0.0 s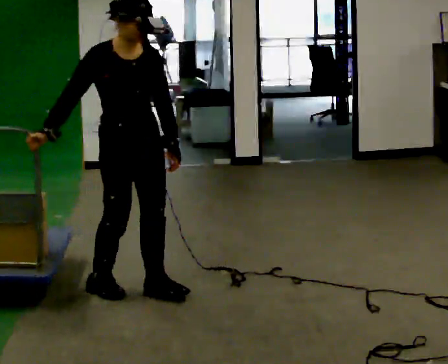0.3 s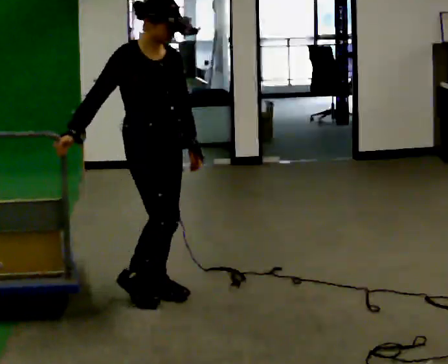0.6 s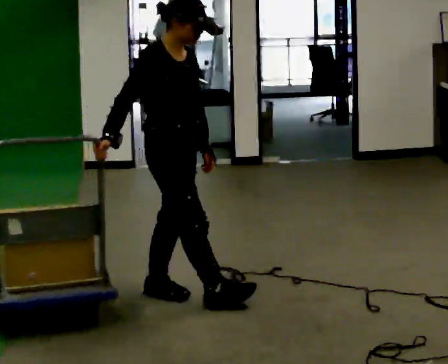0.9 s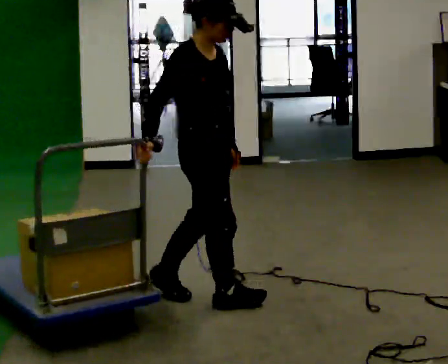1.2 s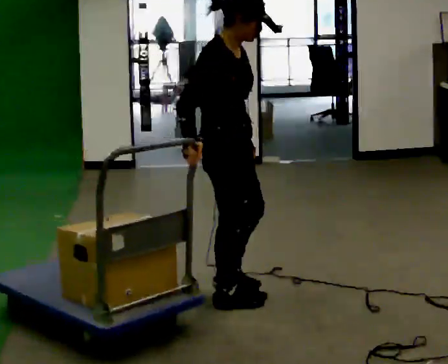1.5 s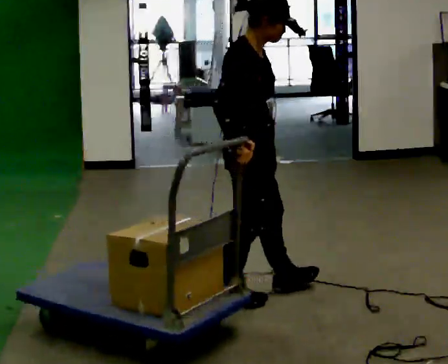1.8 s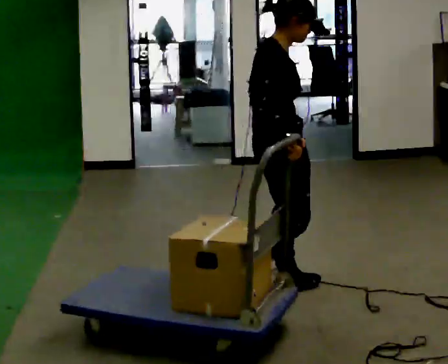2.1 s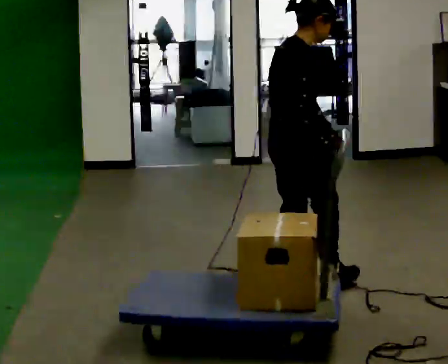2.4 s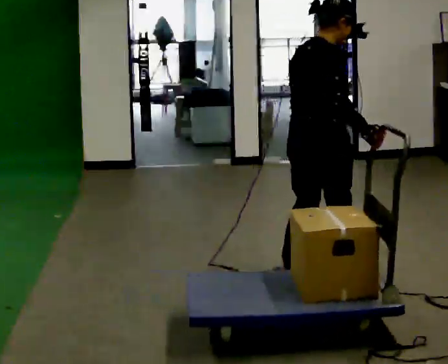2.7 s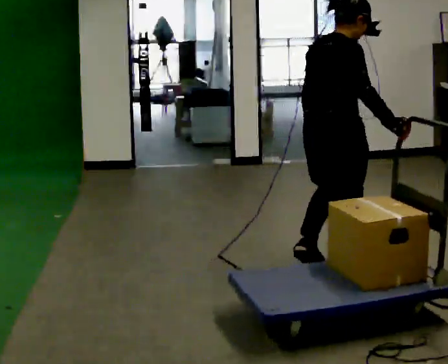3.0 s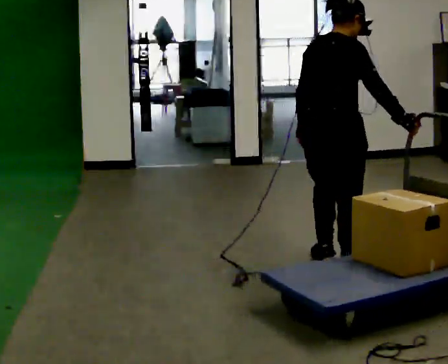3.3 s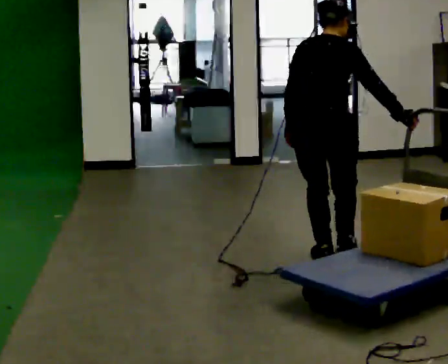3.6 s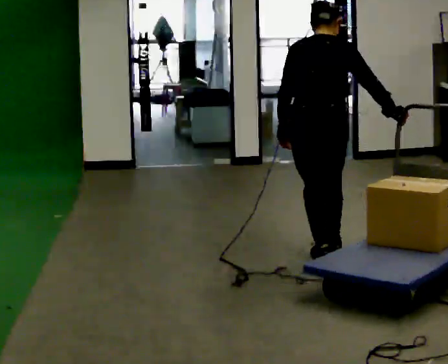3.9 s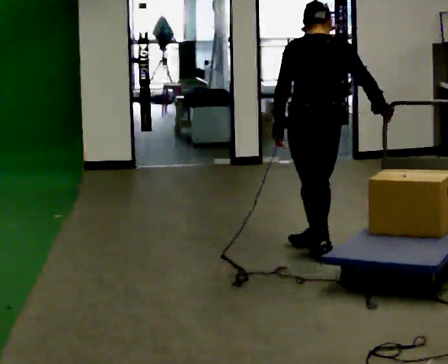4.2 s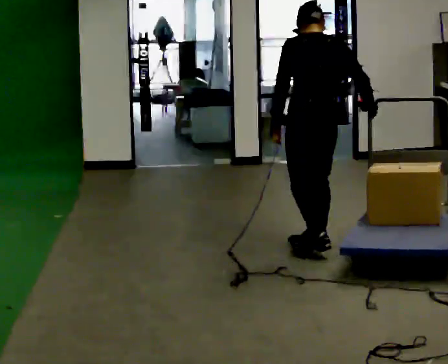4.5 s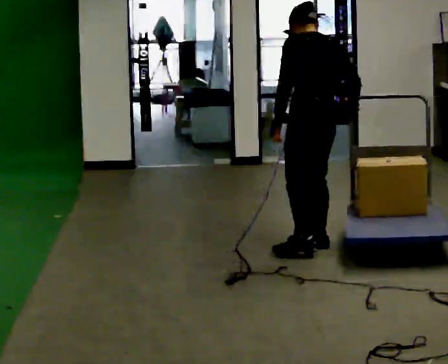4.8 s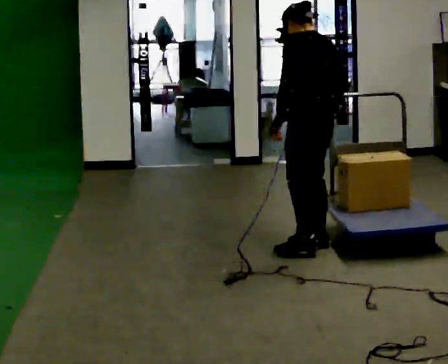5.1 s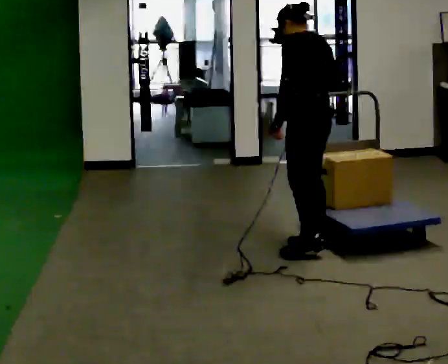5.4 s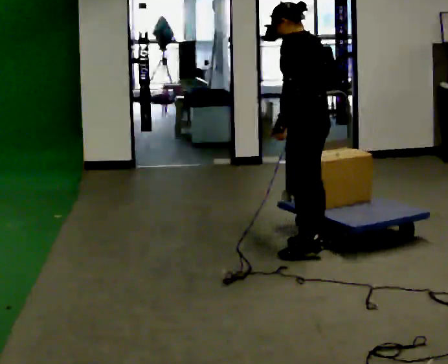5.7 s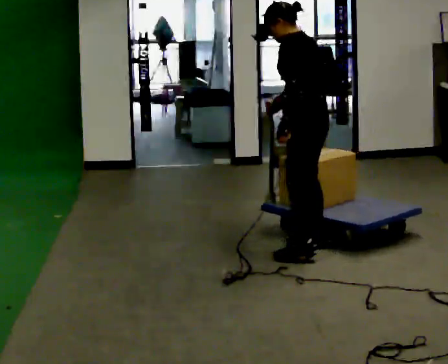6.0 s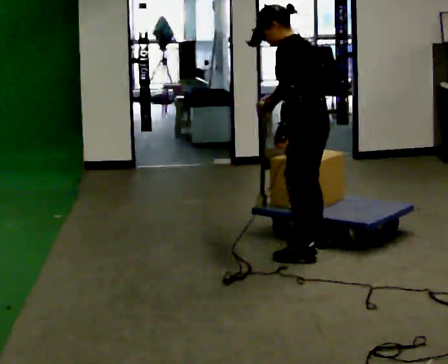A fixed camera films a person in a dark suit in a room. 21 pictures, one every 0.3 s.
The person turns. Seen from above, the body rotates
counterclockwise.
The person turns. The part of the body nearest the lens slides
to the right.
0.0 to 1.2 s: The person turns about 45 degrees to their left, counterclockwise seen from above, so the part of the body nearest the lens slides to the right. In the picture they go to the right, about 0.5 m in 1 step, which for them is forward.
1.2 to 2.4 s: The part of the body nearest the lens slides to the right as the person turns to their left by about 45 degrees. In the picture they go to the right and away from the camera, about 0.5 m in 2 steps, which for them is forward and to their left.
2.4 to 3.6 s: Seen from above the body turns counterclockwise, about 45 degrees: to their left, with its near side sliding to the right. In the picture they go away from the camera, about 0.5 m in 1 step, which for them is forward and to their left.
3.6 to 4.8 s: Seen from above the body turns counterclockwise, about 60 degrees: to their left, with its near side sliding to the right. In the picture they go away from the camera, about 0.25 m in 1 step, which for them is forward.
4.8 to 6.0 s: In the picture they go toward the camera, about 0.25 m, which for them is to their left. In the picture their right hand goes to the left, the arm swinging clockwise.
The film runs forward here.
